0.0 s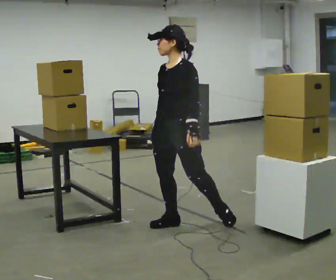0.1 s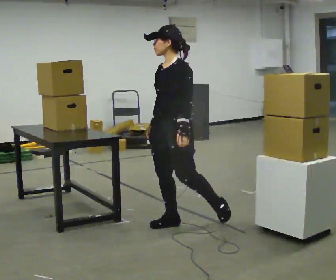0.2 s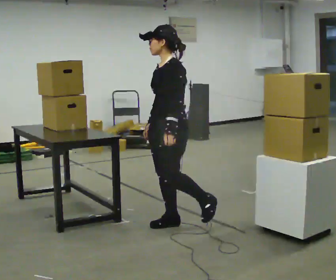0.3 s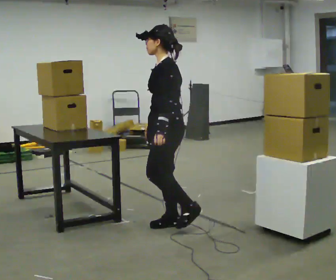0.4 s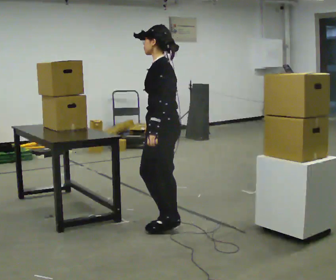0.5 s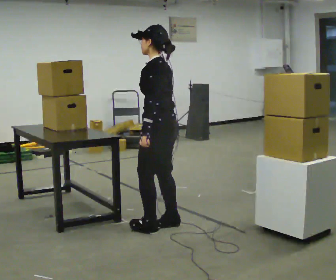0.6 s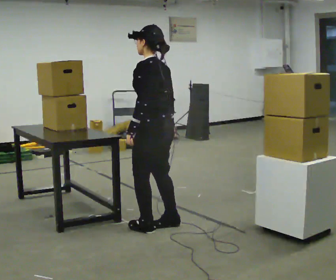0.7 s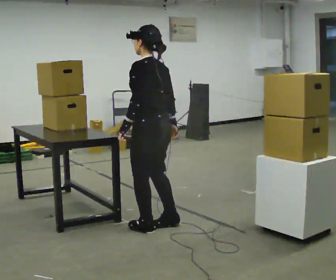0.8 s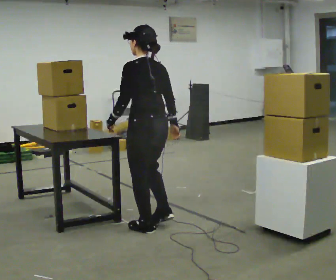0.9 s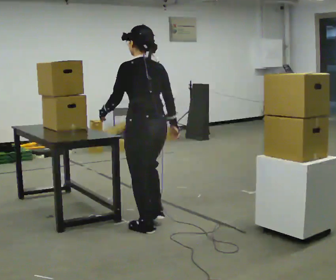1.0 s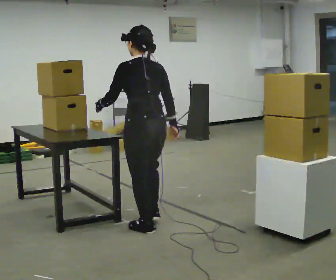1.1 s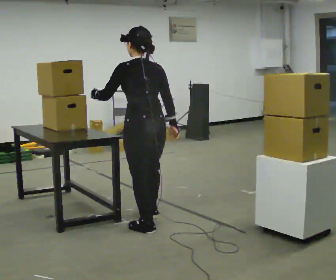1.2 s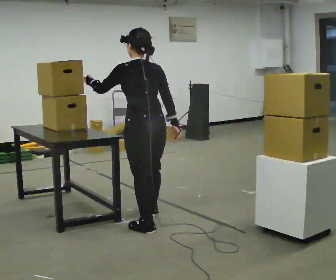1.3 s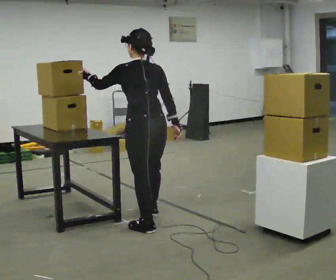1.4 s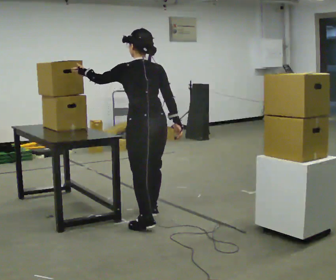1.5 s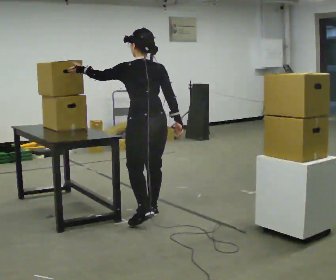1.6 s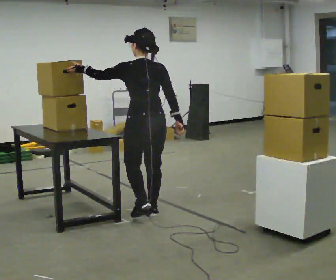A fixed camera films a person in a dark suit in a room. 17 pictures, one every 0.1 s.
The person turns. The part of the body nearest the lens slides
to the left.
Their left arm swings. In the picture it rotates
clockwise.
0.0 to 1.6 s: Seen from above the body turns clockwise, about 105 degrees: to their right, with its near side sliding to the left. In the picture they go to the left and away from the camera, about 0.25 m in 2 steps. In the picture their left hand goes upward, the arm swinging clockwise.
The film runs forward here.
